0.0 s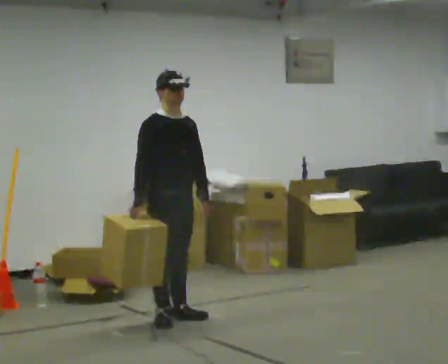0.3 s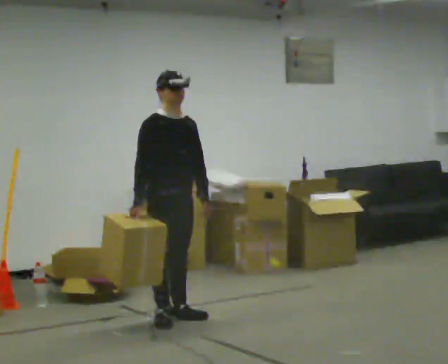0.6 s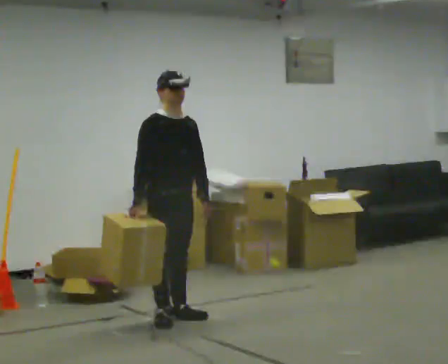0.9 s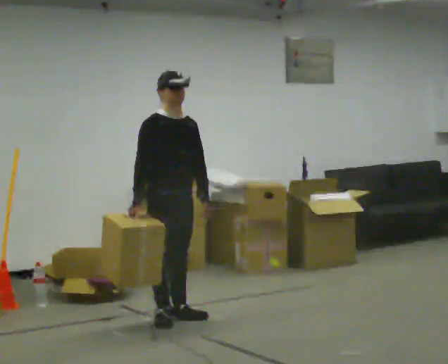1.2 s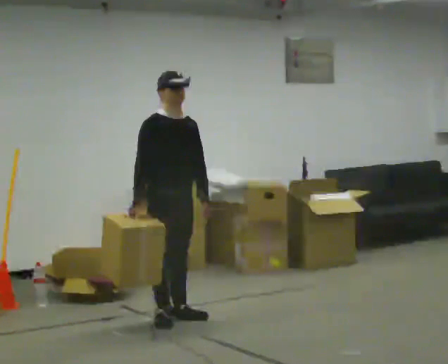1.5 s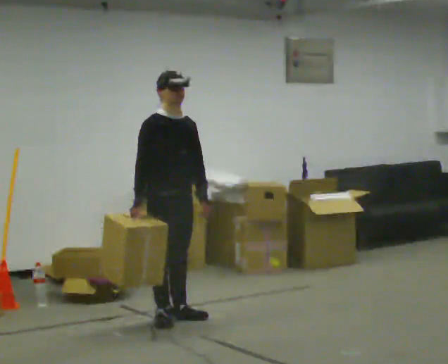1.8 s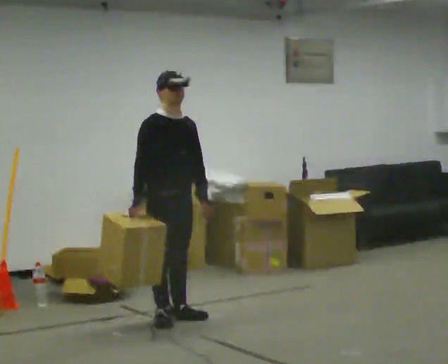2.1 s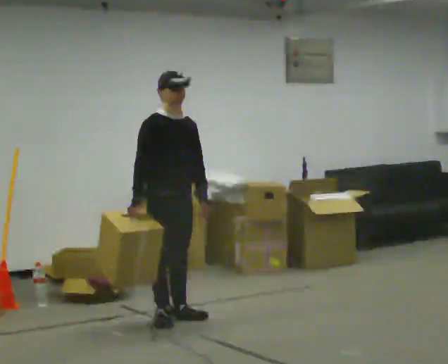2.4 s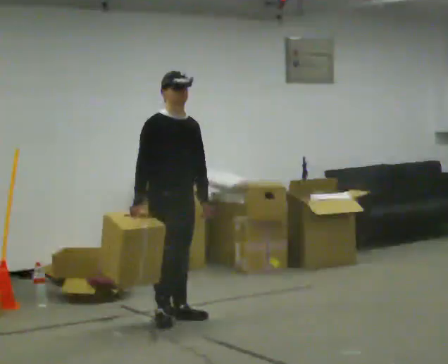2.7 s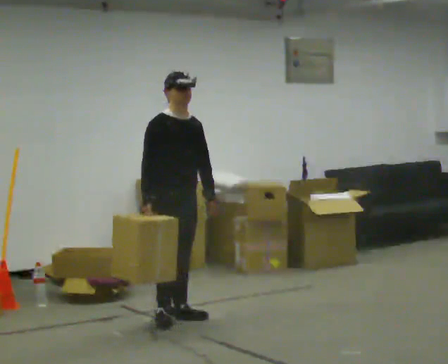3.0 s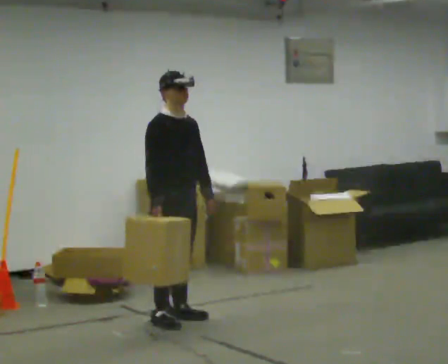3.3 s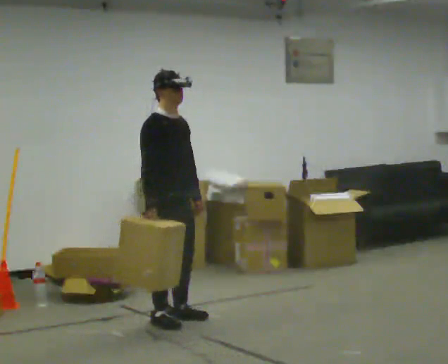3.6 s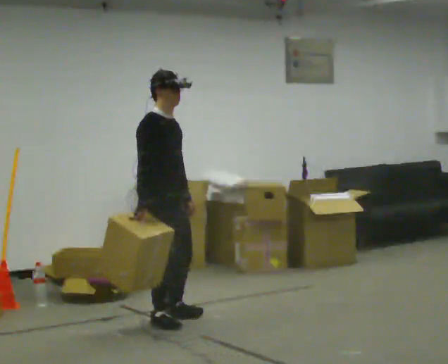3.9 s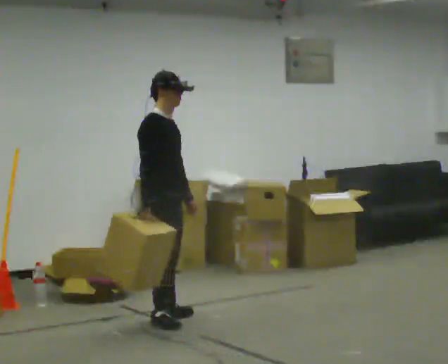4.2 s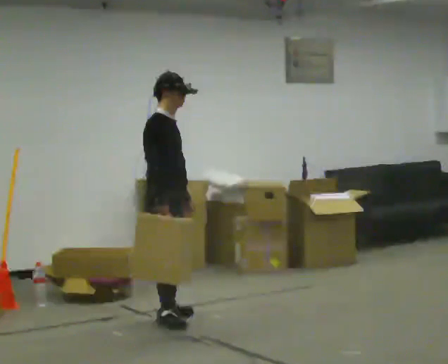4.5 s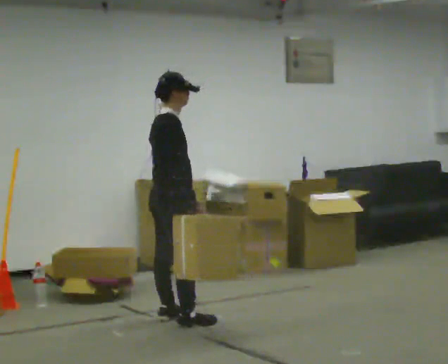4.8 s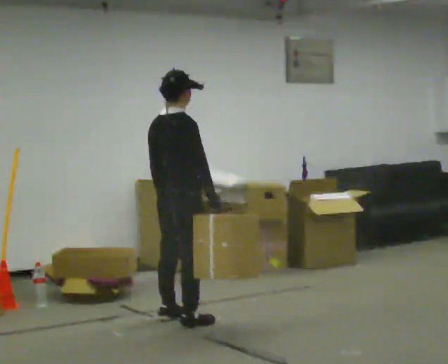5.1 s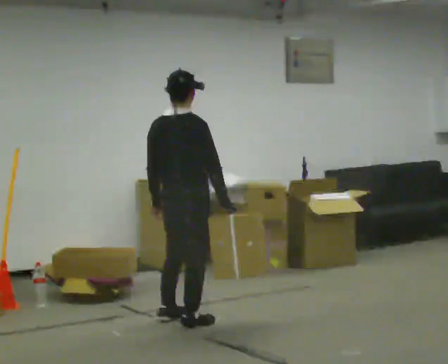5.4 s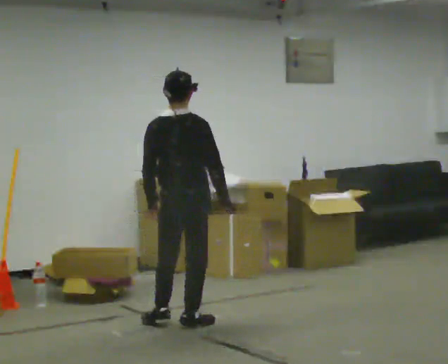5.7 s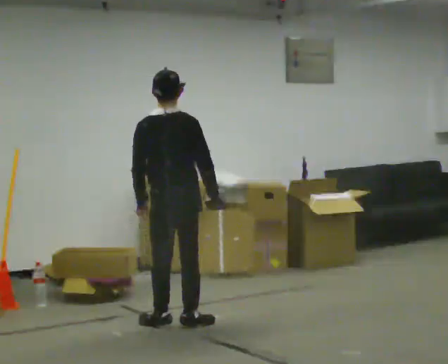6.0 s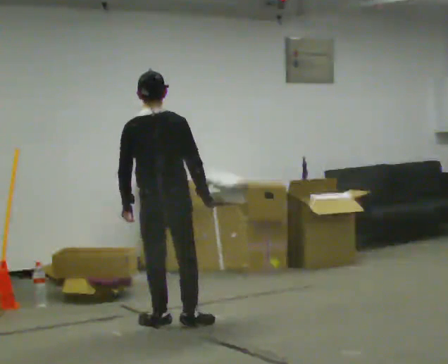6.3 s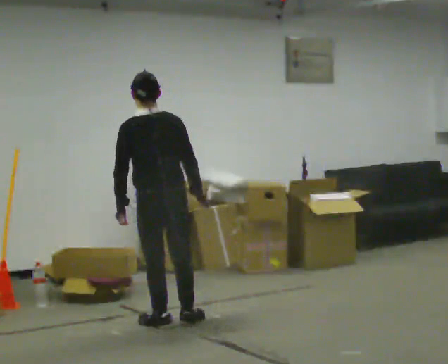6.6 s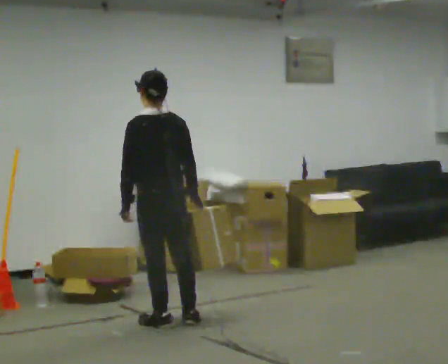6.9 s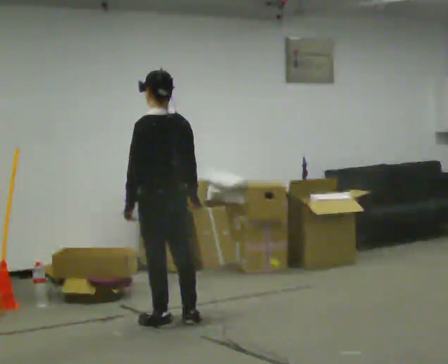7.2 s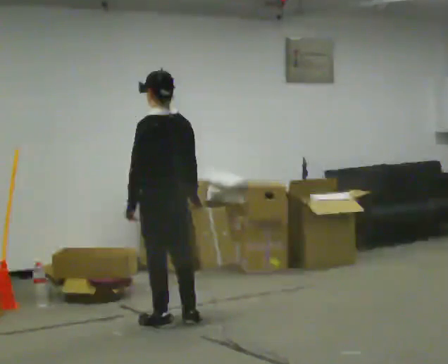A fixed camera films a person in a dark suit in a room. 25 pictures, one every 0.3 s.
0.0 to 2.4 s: The person moves a little, or ends about where they began.
2.4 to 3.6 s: The part of the body nearest the lens slides to the right as the person turns to their left by about 30 degrees.
3.6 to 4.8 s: The part of the body nearest the lens slides to the right as the person turns to their left by about 60 degrees. In the picture their right hand goes to the right.
4.8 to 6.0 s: The part of the body nearest the lens slides to the right as the person turns to their left by about 45 degrees.
6.0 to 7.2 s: Seen from above the body turns counterclockwise, about 45 degrees: to their left, with its near side sliding to the right.
The film runs backward here.
